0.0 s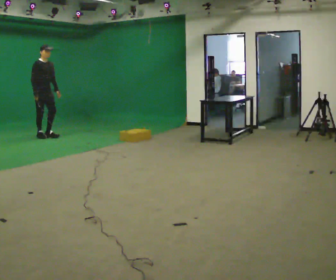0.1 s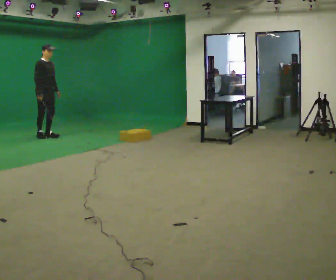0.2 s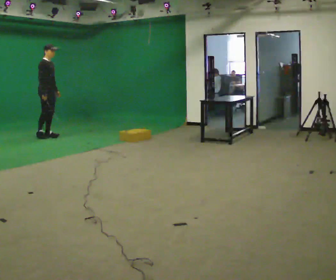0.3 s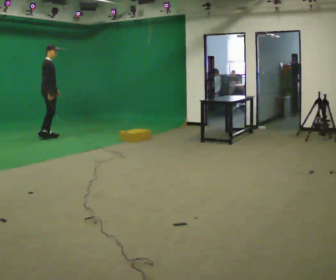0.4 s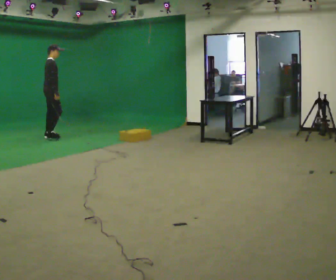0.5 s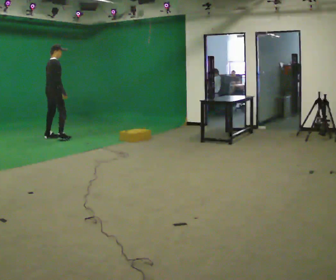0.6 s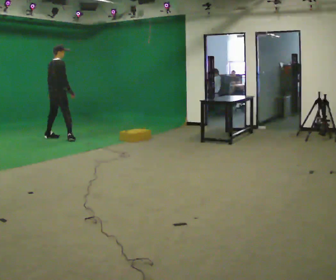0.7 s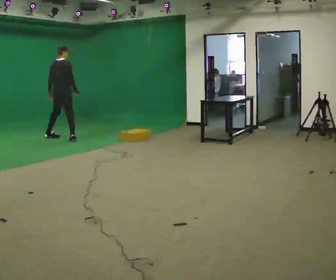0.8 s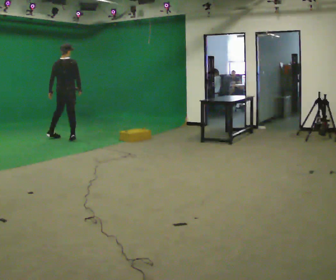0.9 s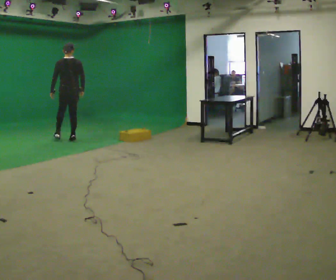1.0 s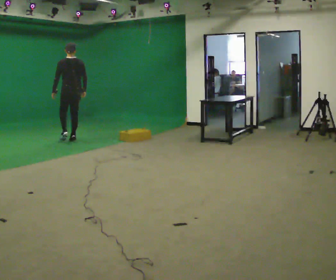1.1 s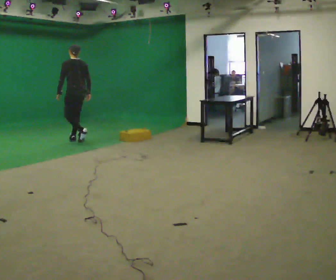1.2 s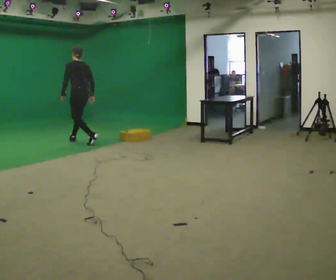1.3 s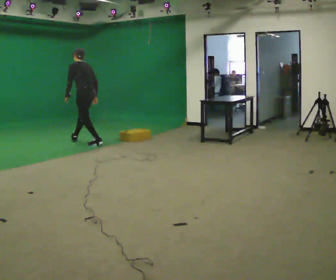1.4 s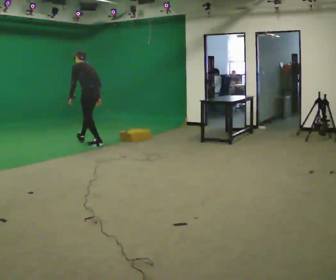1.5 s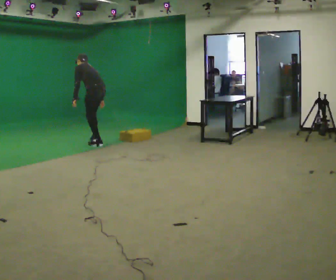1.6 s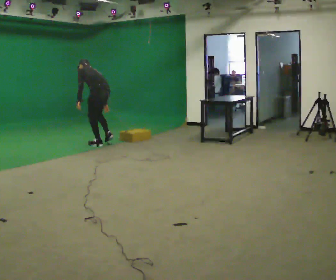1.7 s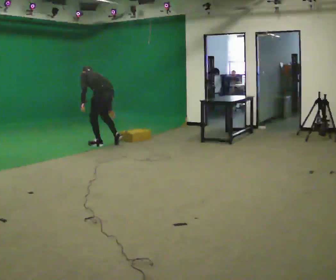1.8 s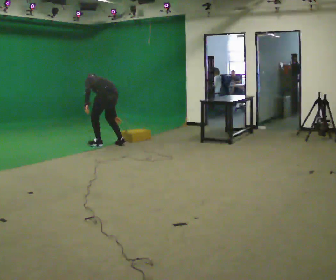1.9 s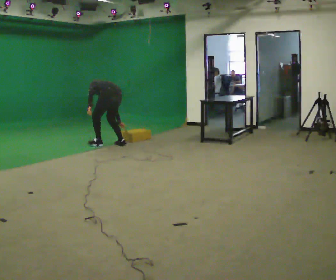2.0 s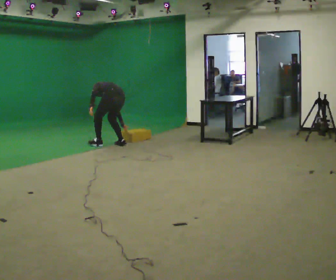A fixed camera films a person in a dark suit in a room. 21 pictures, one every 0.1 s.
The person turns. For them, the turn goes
to their left.
The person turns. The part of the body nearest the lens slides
to the right.
0.0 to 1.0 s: Seen from above the body turns counterclockwise, about 135 degrees: to their left, with its near side sliding to the right. In the picture they go to the right and toward the camera, about 0.5 m in 2 steps. The upper body tips away from the camera, its near side rolling upward.
1.0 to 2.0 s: Seen from above the body turns counterclockwise, about 30 degrees: to their left, with its near side sliding to the right. In the picture they go to the right and toward the camera, about 1 m in 1 step, which for them is backward. The upper body goes downward. The upper body tips away from the camera, its near side rolling upward, as they bend forward.
The film runs backward here.
